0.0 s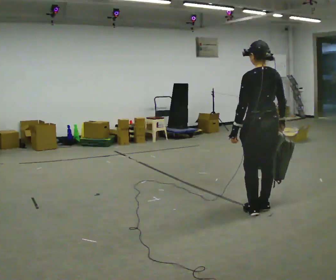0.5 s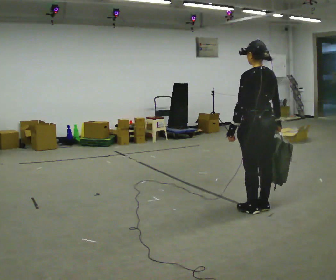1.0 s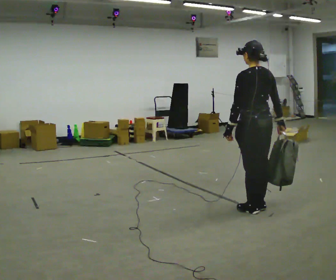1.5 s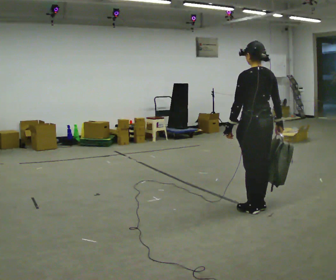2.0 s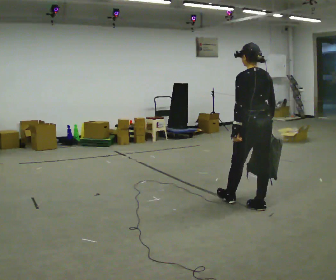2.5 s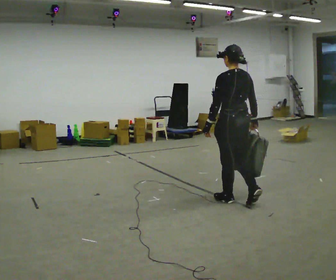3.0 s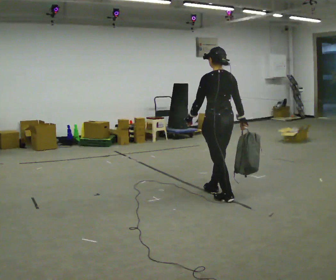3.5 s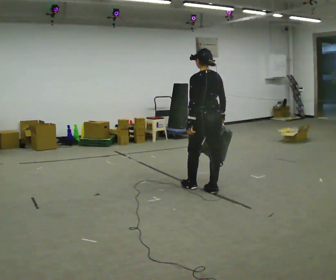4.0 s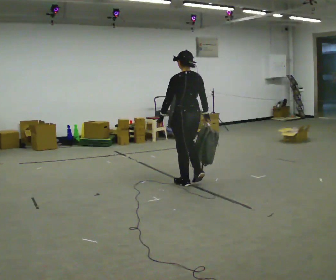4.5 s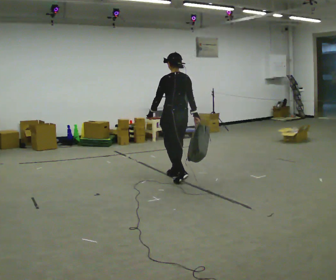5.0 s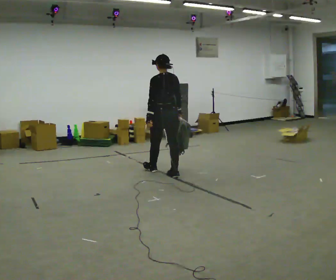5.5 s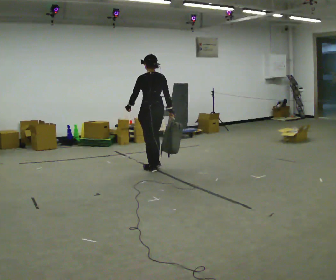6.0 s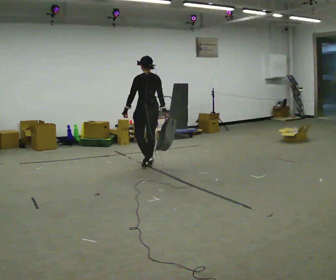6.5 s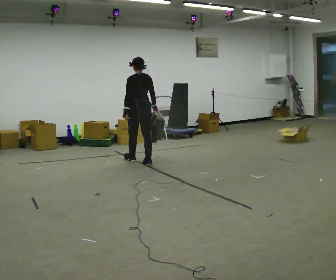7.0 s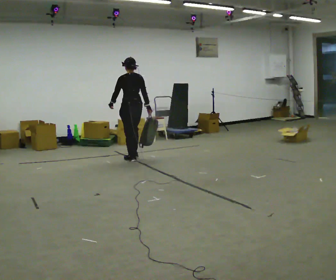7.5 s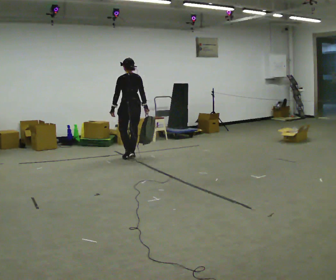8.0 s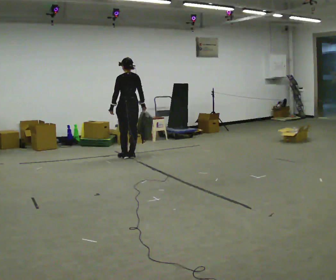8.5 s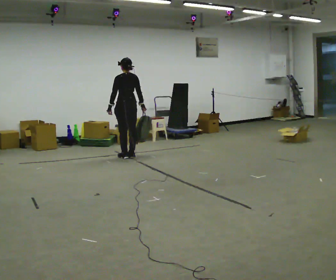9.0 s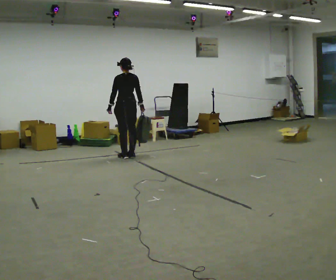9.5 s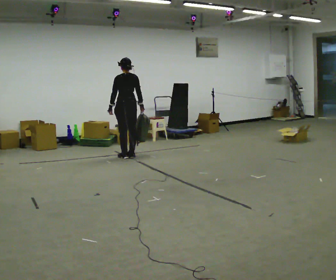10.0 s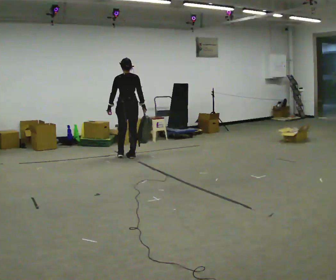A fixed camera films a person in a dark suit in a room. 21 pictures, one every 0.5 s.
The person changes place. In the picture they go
away from the camera.
0.0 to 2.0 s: The person moves a little, or ends about where they began.
2.0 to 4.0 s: In the picture they go away from the camera and to the left, about 1 m in 3 steps, which for them is forward.
4.0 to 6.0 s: In the picture they go away from the camera and to the left, about 1 m in 3 steps, which for them is forward.
6.0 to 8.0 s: In the picture they go away from the camera and to the left, about 0.75 m in 3 steps, which for them is forward.
8.0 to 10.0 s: The person moves a little, or ends about where they began.
The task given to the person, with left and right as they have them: Carry the soft bag across the room, back and forth. It will change shape as you move, so hold it however works.
The film runs forward here.
